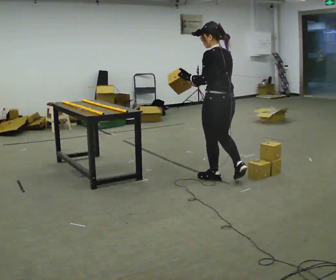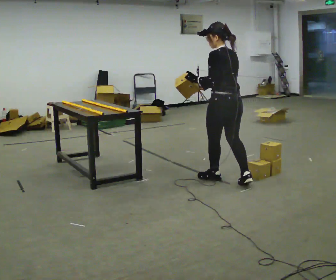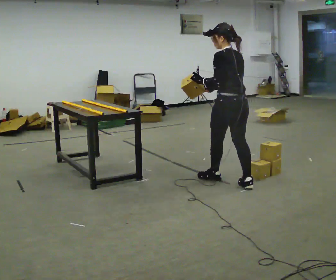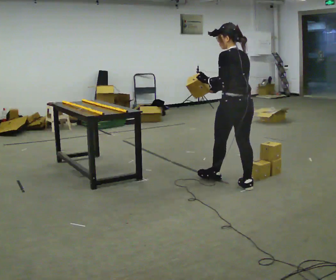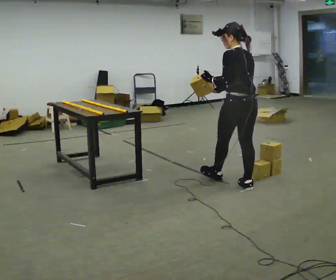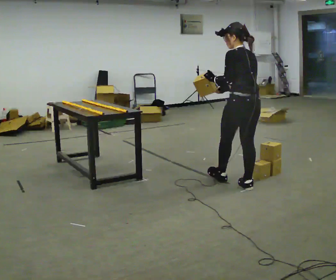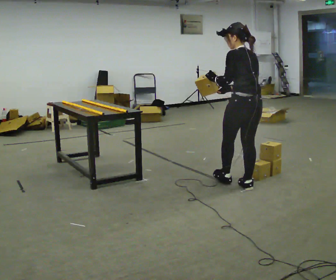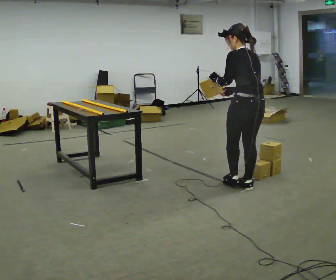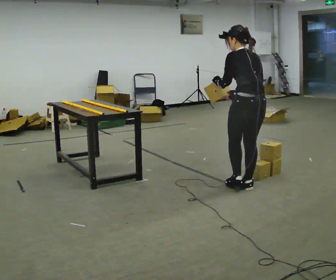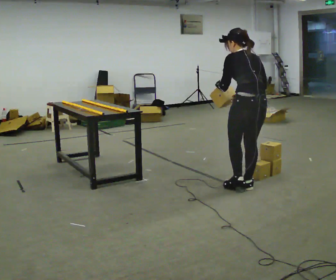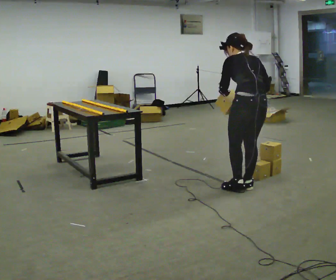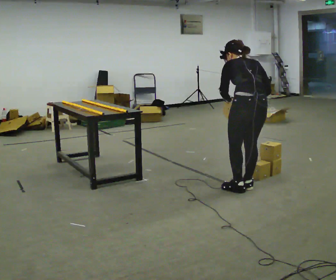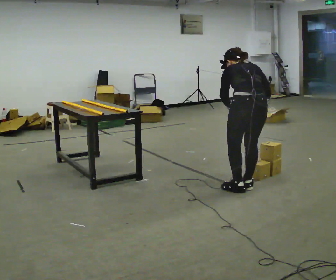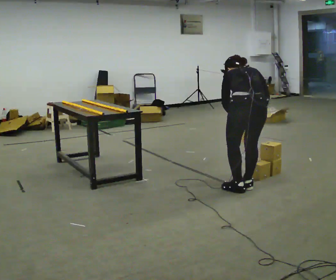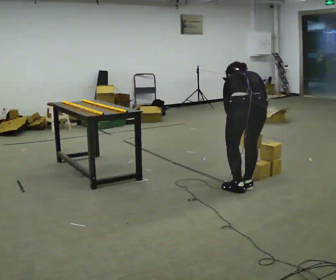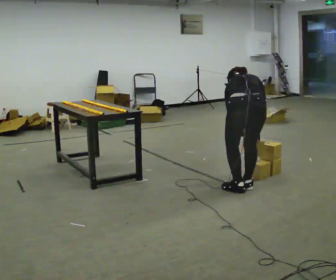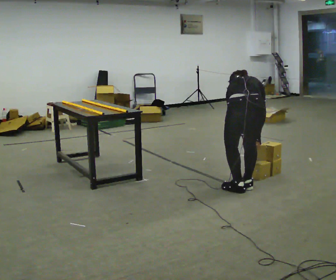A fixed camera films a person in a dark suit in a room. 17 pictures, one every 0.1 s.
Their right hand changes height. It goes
downward.
The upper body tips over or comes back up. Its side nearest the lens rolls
upward.
0.0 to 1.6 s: The person turns about 45 degrees to their right, clockwise seen from above, so the part of the body nearest the lens slides to the left. In the picture they go toward the camera and to the right, about 0.5 m in 1 step, which for them is backward. The upper body goes downward. The upper body tips away from the camera, its near side rolling upward, as they bend forward. In the picture their left hand goes downward, the arm swinging counterclockwise.
The film runs backward here.
